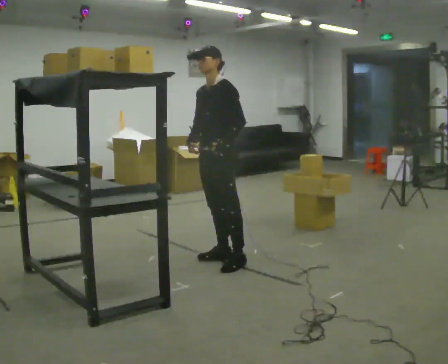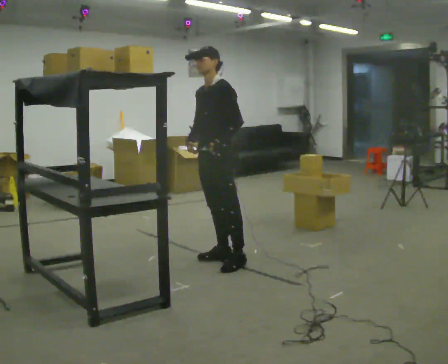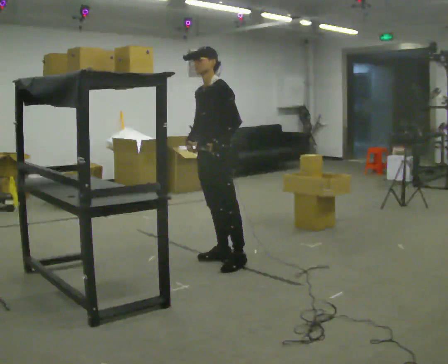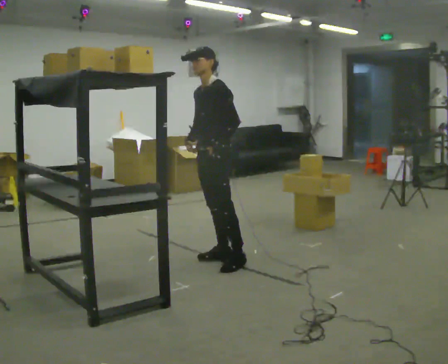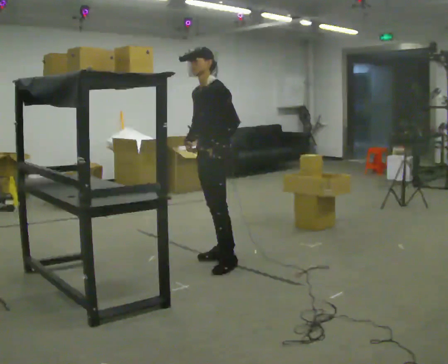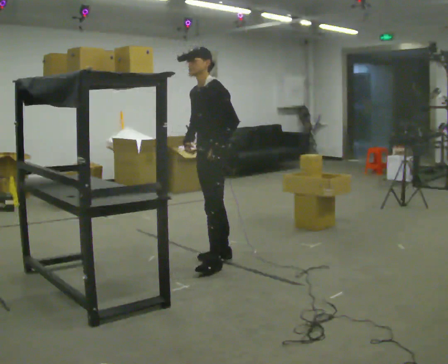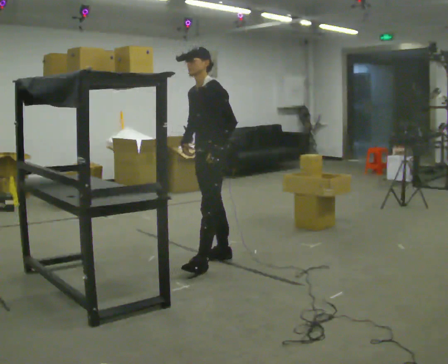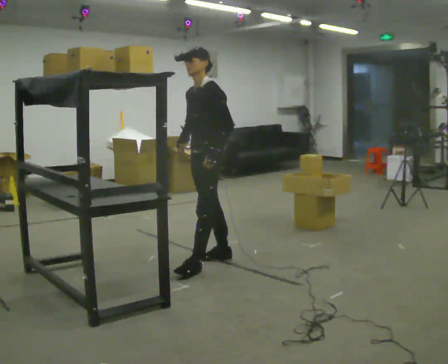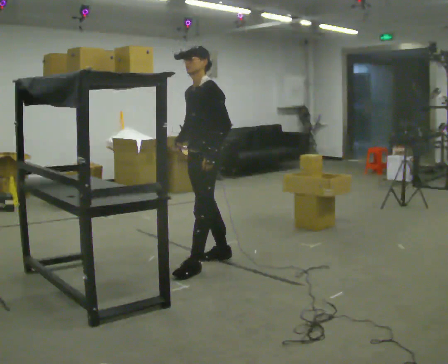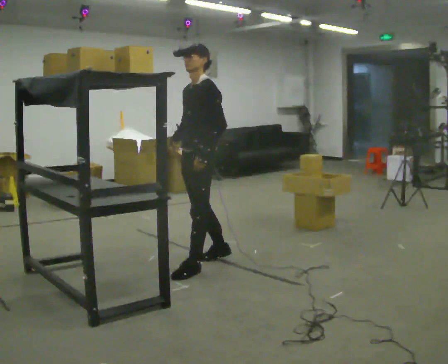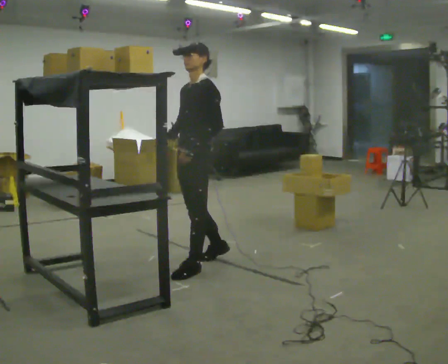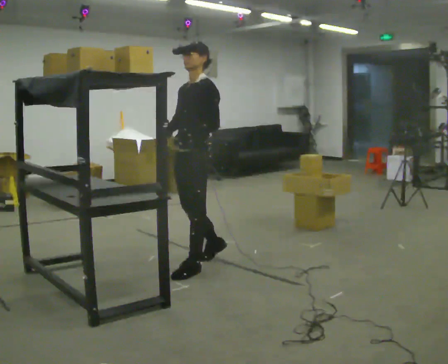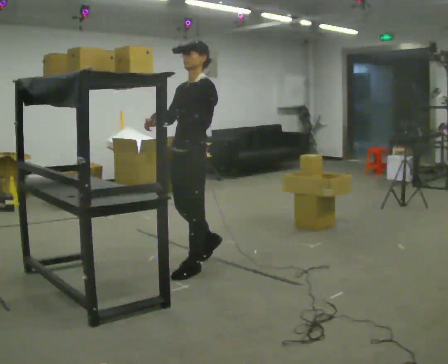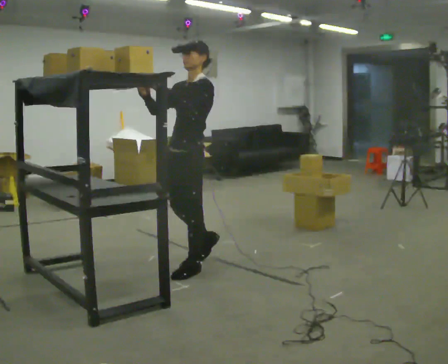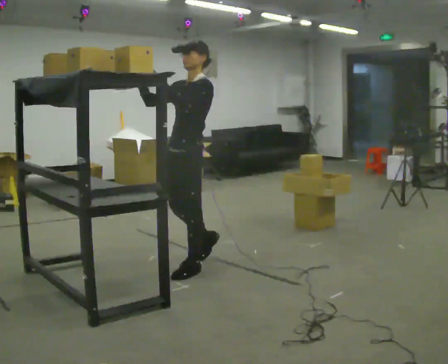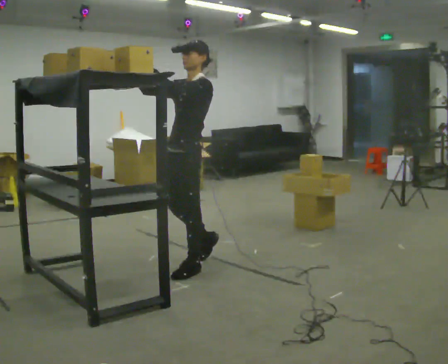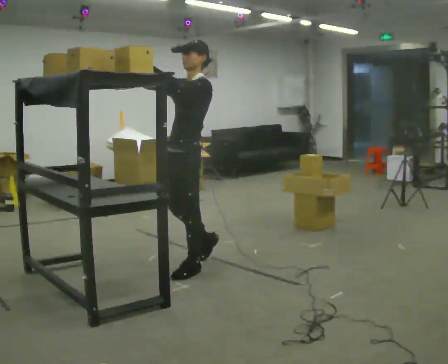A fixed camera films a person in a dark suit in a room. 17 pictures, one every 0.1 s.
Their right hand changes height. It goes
upward.
Their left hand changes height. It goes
upward.
0.0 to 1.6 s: In the picture they go toward the camera and to the left, about 0.5 m in 1 step, which for them is forward. In the picture their left hand goes upward.
The film runs backward here.
